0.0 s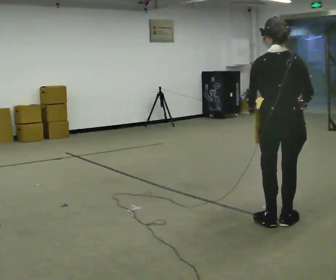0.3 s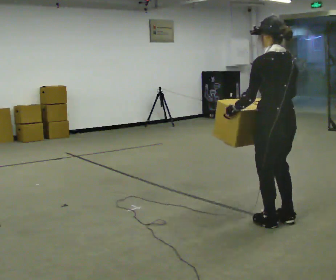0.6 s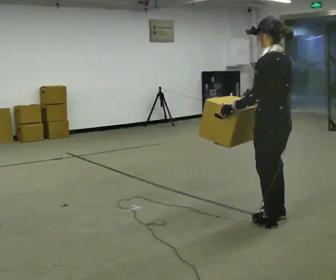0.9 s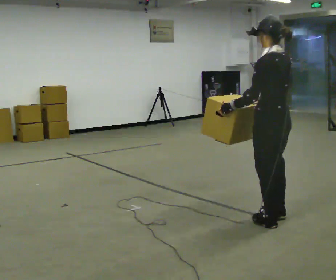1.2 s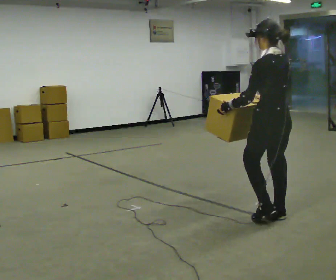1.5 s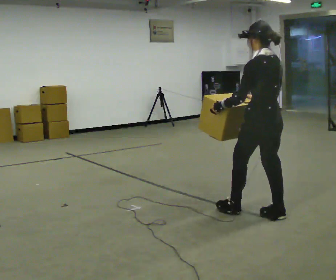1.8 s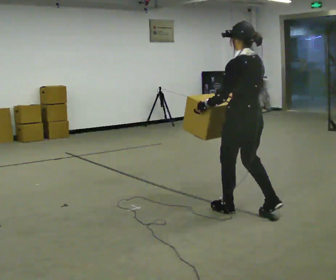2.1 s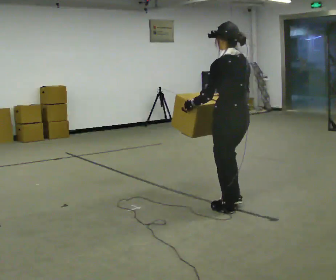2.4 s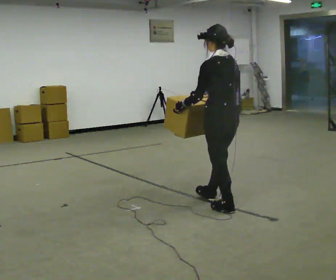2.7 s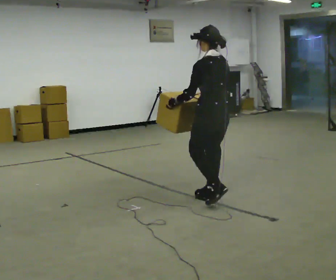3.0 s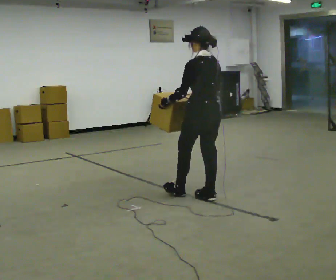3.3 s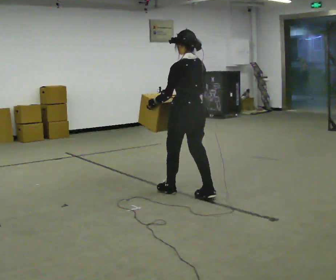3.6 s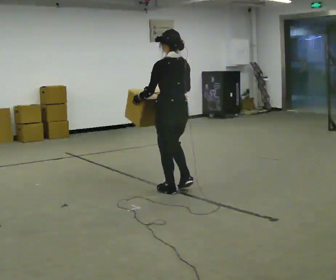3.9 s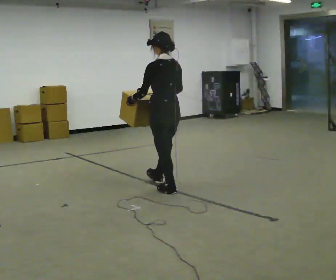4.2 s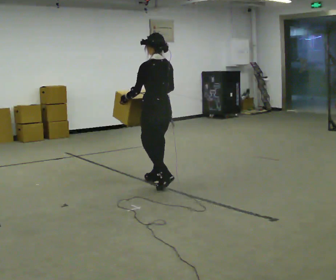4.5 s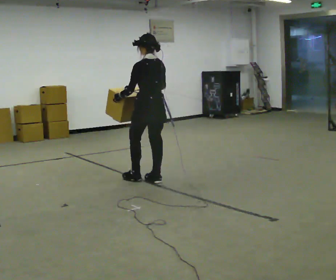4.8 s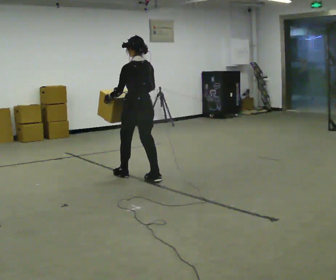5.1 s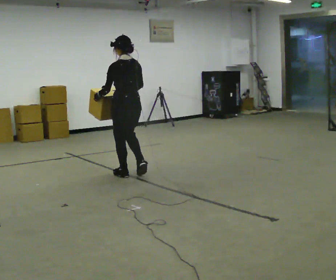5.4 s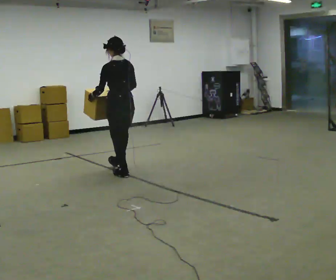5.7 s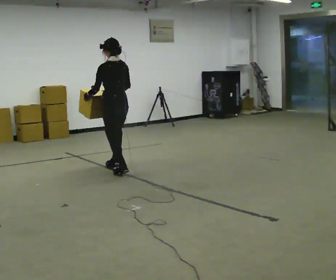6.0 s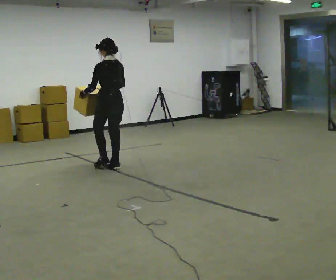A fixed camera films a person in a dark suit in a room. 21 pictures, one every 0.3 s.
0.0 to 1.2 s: The person turns about 60 degrees to their left, counterclockwise seen from above, so the part of the body nearest the lens slides to the right. In the picture they go away from the camera, about 0.25 m in 1 step, which for them is forward.
1.2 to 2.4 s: In the picture they go to the left and away from the camera, about 0.5 m in 2 steps, which for them is forward.
2.4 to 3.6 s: In the picture they go away from the camera and to the left, about 0.75 m in 1 step, which for them is forward.
3.6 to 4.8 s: In the picture they go away from the camera and to the left, about 0.75 m in 2 steps, which for them is forward.
4.8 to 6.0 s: In the picture they go away from the camera and to the left, about 0.75 m in 1 step, which for them is forward.
The film runs forward here.
